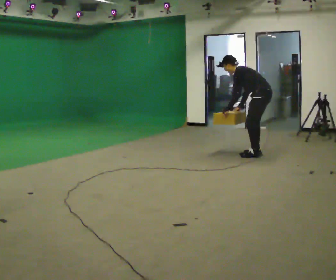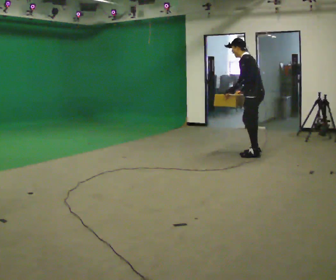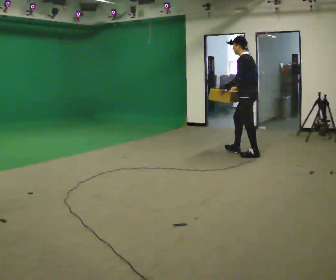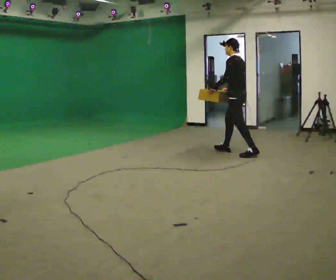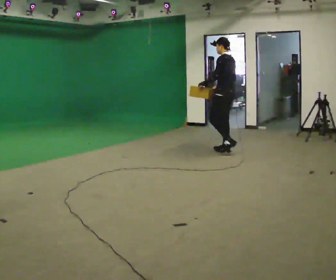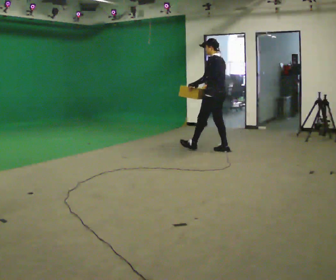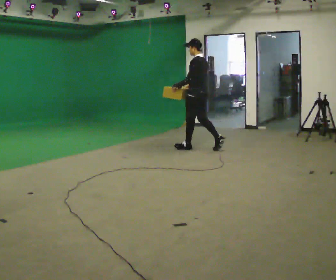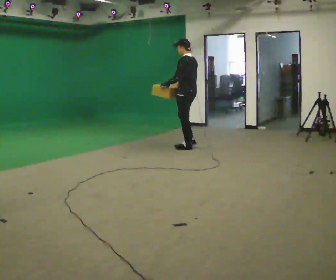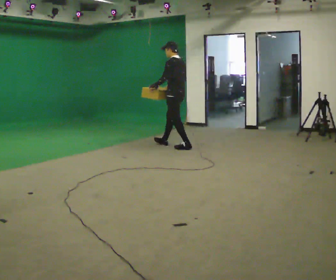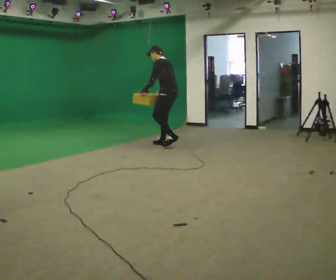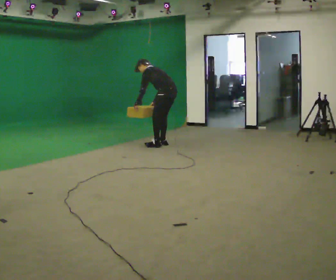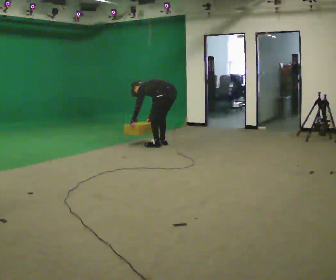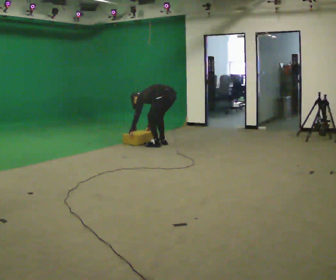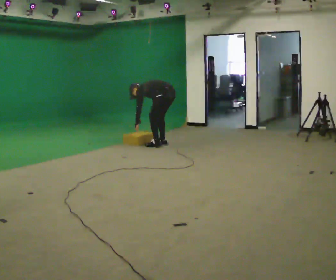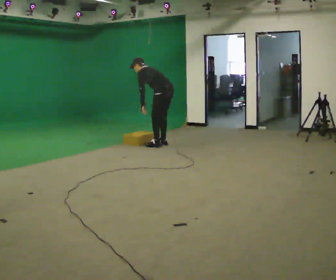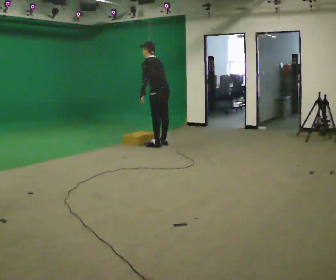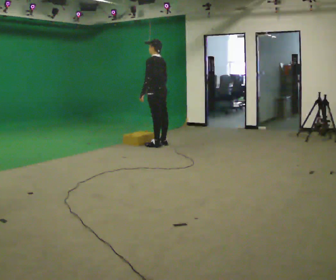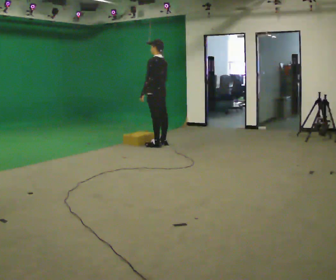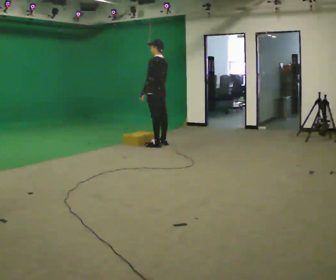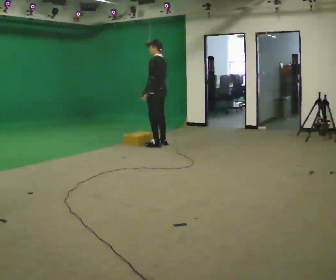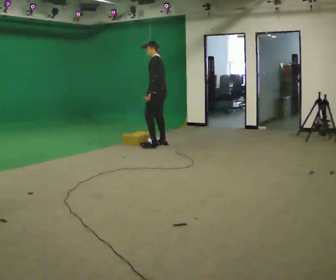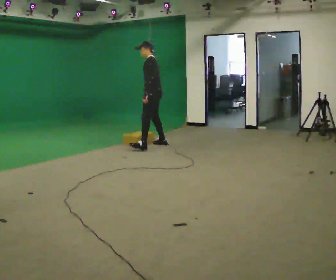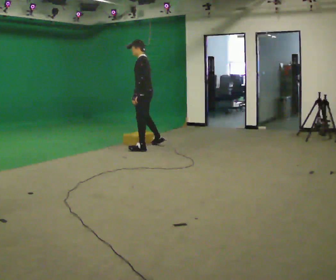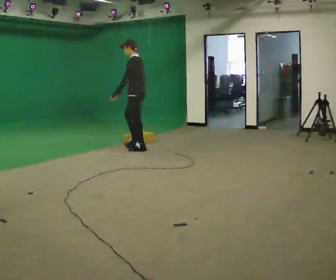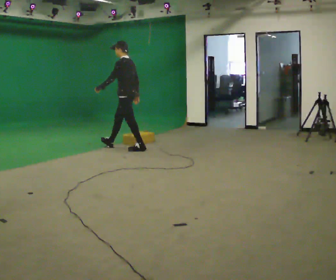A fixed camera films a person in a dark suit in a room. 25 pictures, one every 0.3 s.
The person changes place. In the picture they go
to the left.
0.0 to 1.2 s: In the picture they go to the left and away from the camera, about 0.5 m in 1 step, which for them is forward. The shoulders move upward. In the picture the upper body tilts clockwise, shoulders to the right, as they lean back or straighten.
1.2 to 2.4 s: In the picture they go to the left and away from the camera, about 1 m in 2 steps, which for them is forward.
2.4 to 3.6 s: In the picture they go to the left, about 0.25 m in 1 step, which for them is forward. The upper body goes downward. In the picture the upper body tilts counterclockwise, shoulders to the left, as they bend forward. In the picture their right hand goes downward and to the left.
3.6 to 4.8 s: The shoulders move upward. In the picture the upper body tilts clockwise, shoulders to the right, as they lean back or straighten. In the picture their right hand goes upward.
4.8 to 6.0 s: The person moves a little, or ends about where they began.
6.0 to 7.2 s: In the picture they go to the left and toward the camera, about 0.5 m in 2 steps, which for them is forward and to their left.
The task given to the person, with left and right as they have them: Start still; walk straight at normal comfortable speed; stop at endpoint.
The film runs forward here.
